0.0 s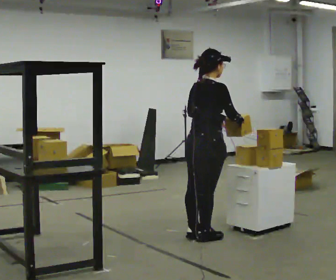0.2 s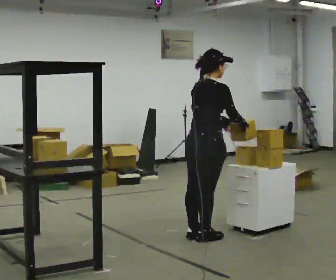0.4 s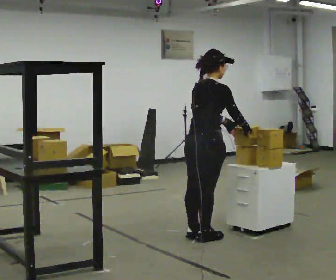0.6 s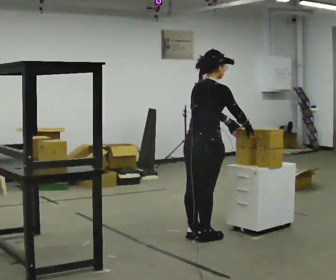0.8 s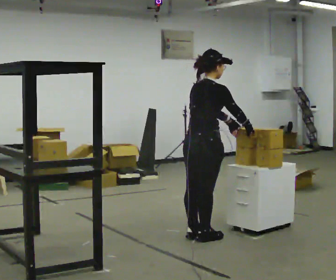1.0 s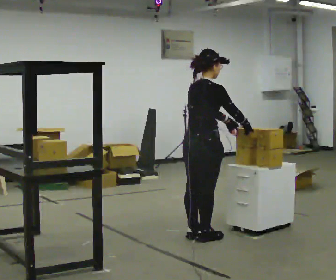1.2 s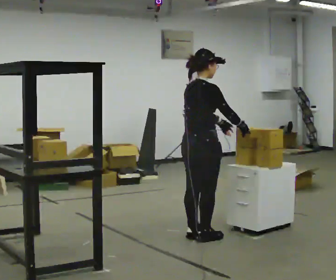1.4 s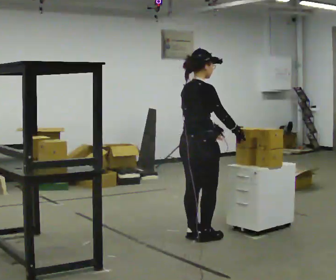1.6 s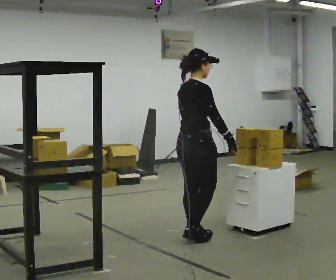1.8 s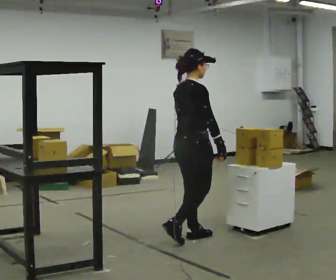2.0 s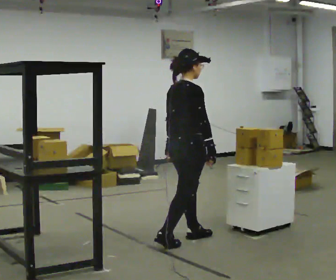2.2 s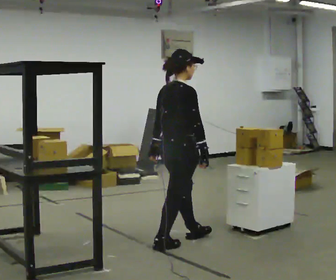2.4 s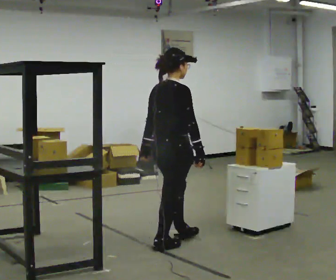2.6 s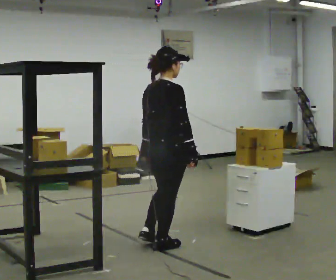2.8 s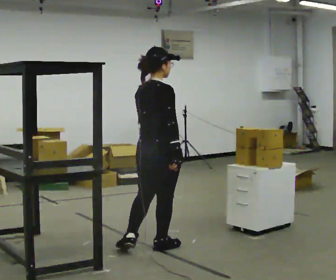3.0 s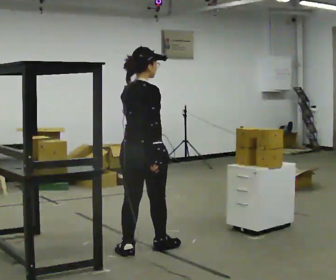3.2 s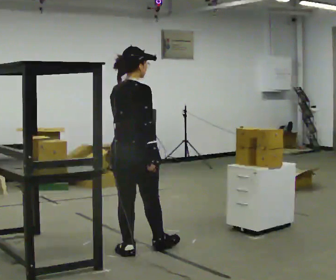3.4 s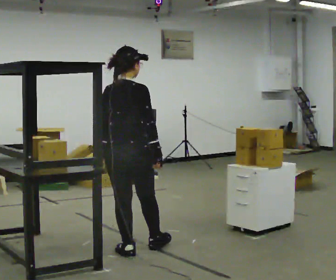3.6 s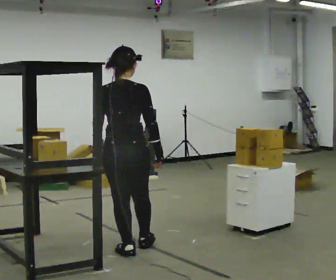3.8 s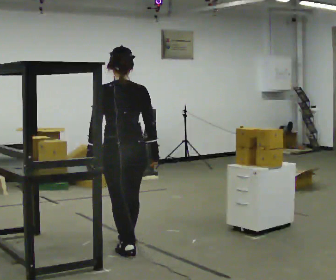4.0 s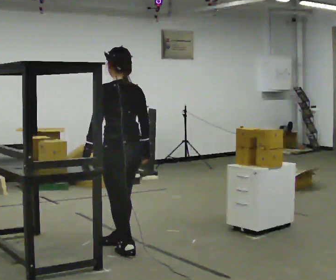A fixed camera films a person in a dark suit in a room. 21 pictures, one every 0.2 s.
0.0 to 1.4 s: The person moves a little, or ends about where they began.
1.4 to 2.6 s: In the picture they go toward the camera and to the left, about 0.5 m in 2 steps, which for them is backward.
2.6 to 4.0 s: The person turns about 90 degrees to their left, counterclockwise seen from above, so the part of the body nearest the lens slides to the right. In the picture they go to the left, about 0.25 m in 1 step.
The film runs backward here.
